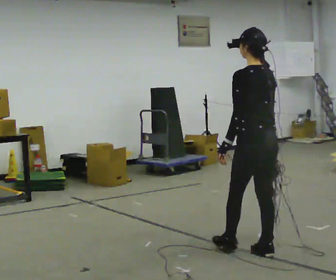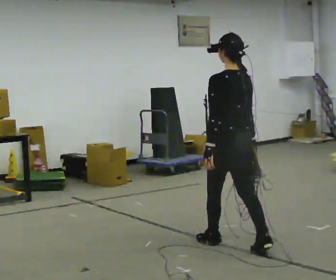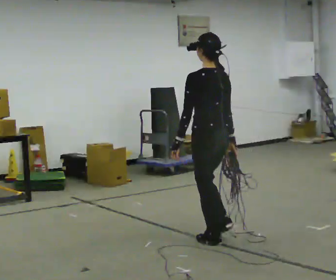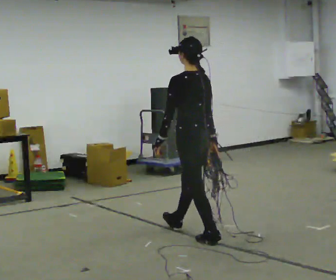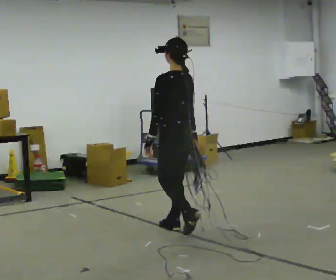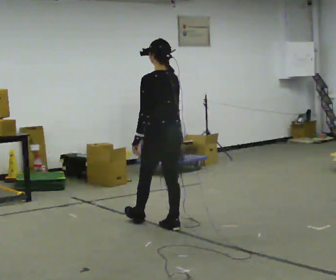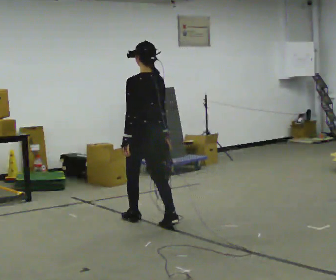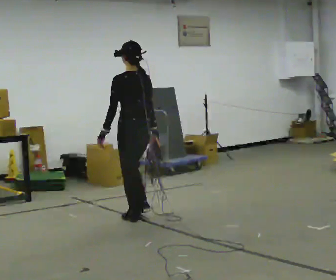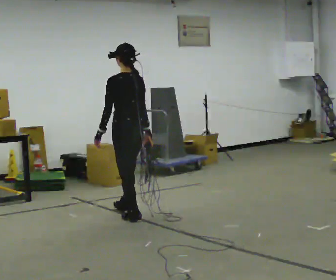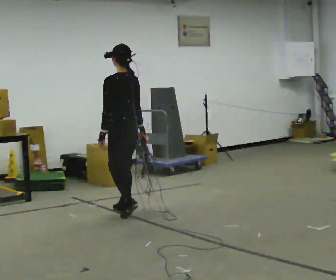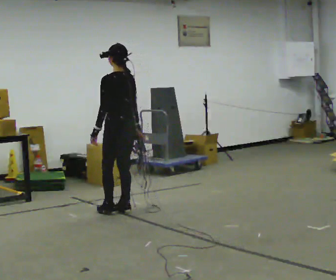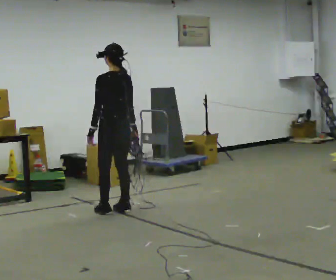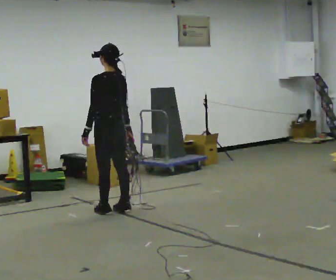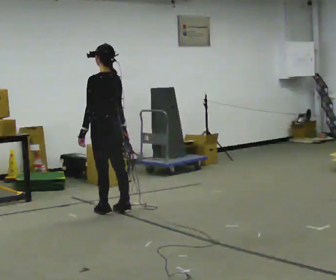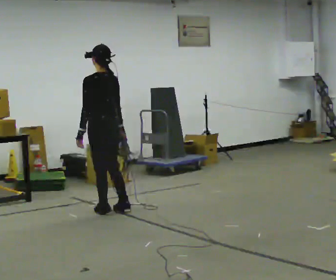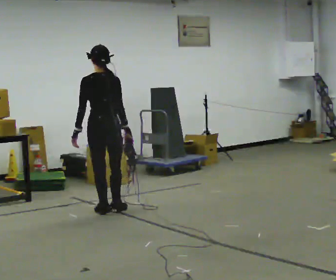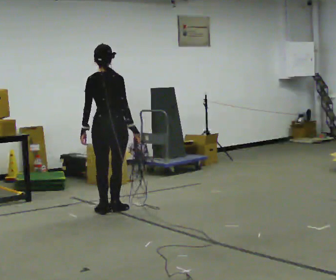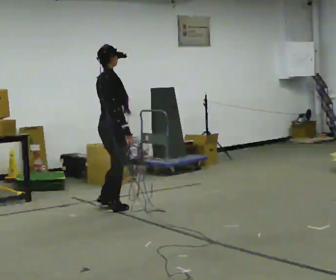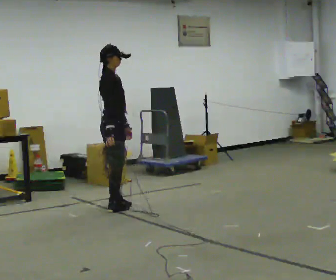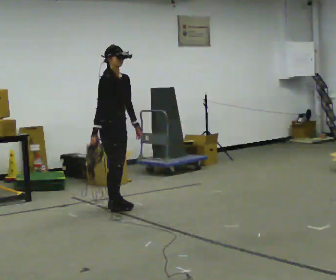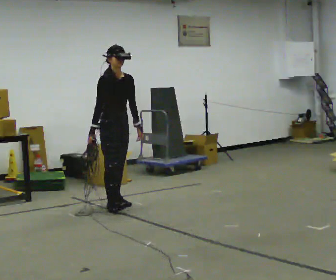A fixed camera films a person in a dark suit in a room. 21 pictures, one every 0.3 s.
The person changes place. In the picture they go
away from the camera.
0.0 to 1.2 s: In the picture they go away from the camera and to the left, about 1 m in 2 steps, which for them is forward.
1.2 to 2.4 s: In the picture they go away from the camera and to the left, about 0.75 m in 2 steps, which for them is forward.
2.4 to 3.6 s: In the picture they go away from the camera and to the left, about 0.25 m in 1 step, which for them is forward.
3.6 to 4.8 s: The person turns about 60 degrees to their right, clockwise seen from above, so the part of the body nearest the lens slides to the left.
4.8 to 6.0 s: The person turns about 120 degrees to their right, clockwise seen from above, so the part of the body nearest the lens slides to the left. In the picture they go away from the camera, about 0.25 m in 1 step. In the picture their right hand goes to the left, the arm swinging clockwise.
The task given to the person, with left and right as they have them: Pick up the coiled hose, carry it across the room, and set it down. It will move around as you walk. Keep going until the operator says stop; one object at a time, and do not rush between trips.
The film runs forward here.
